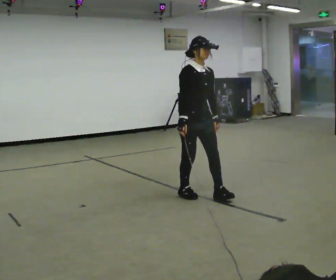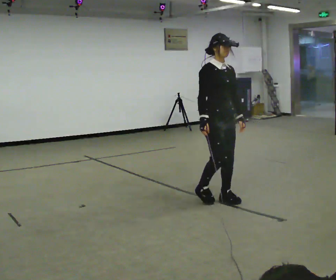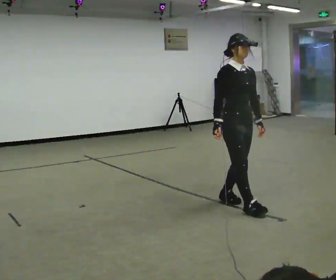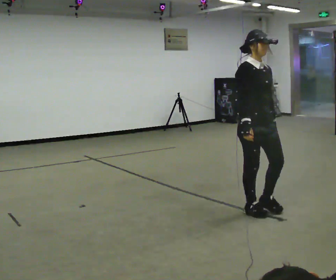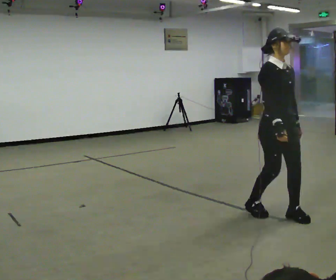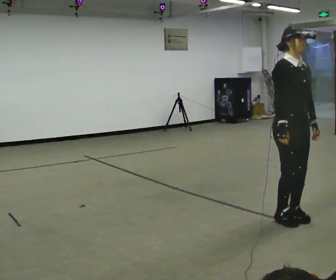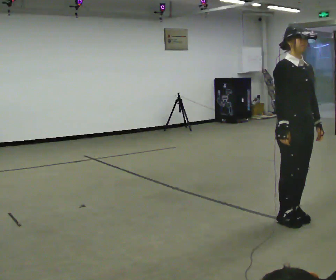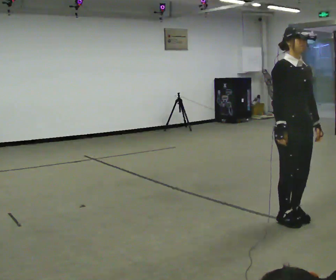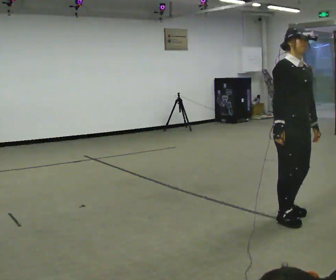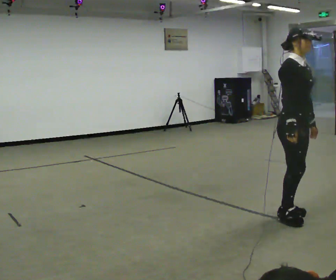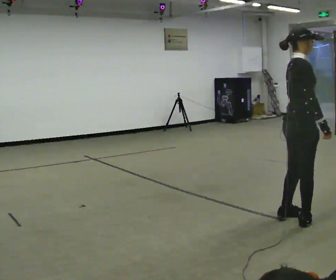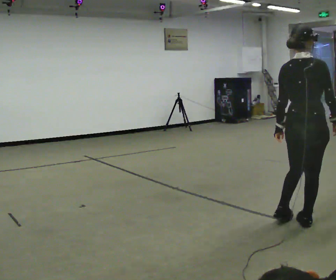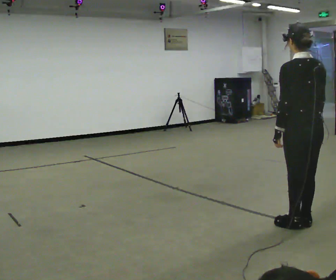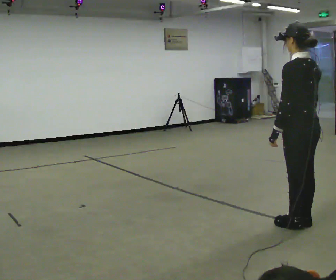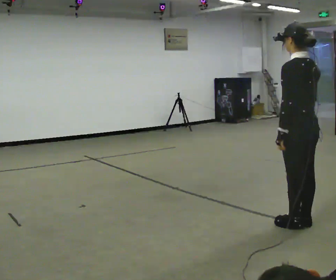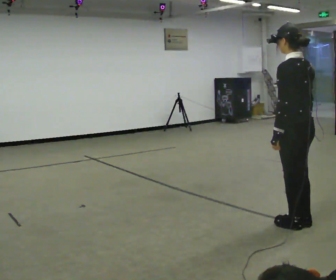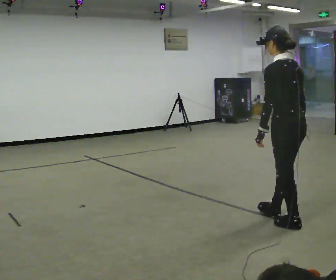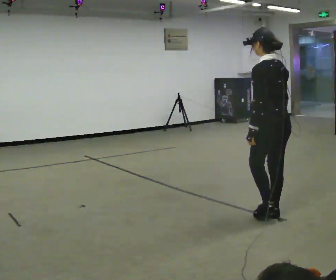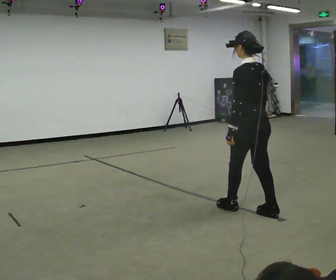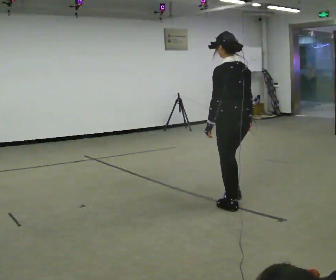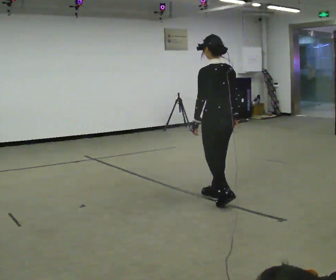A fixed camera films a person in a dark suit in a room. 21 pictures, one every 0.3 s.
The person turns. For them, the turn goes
to their left.
The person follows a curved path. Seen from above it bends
clockwise.
0.0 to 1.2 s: In the picture they go to the right and toward the camera, about 1 m in 3 steps, which for them is forward.
1.2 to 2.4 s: In the picture they go to the right, about 0.25 m, which for them is forward.
2.4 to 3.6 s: The part of the body nearest the lens slides to the right as the person turns to their left by about 150 degrees. In the picture their right hand goes to the right.
3.6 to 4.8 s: Seen from above the body turns counterclockwise, about 30 degrees: to their left, with its near side sliding to the right.
4.8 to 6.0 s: In the picture they go to the left and away from the camera, about 1 m in 3 steps, which for them is forward.
The film runs backward here.
